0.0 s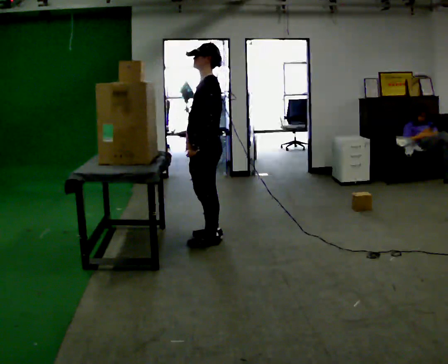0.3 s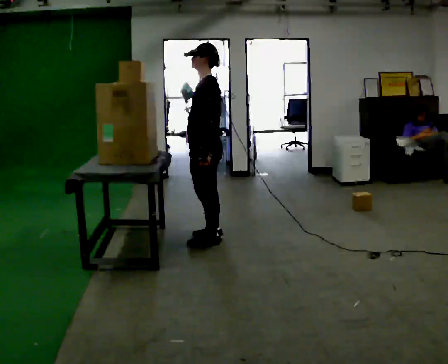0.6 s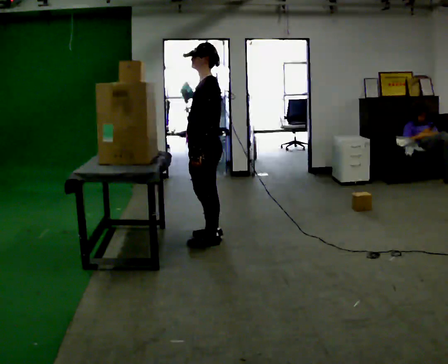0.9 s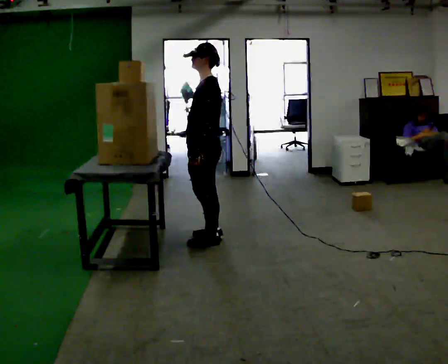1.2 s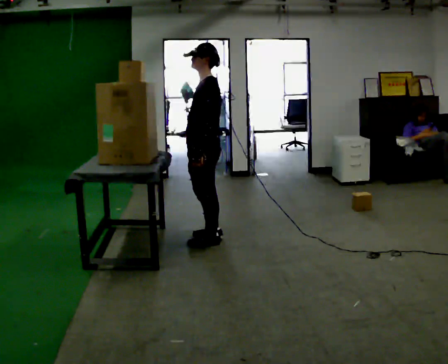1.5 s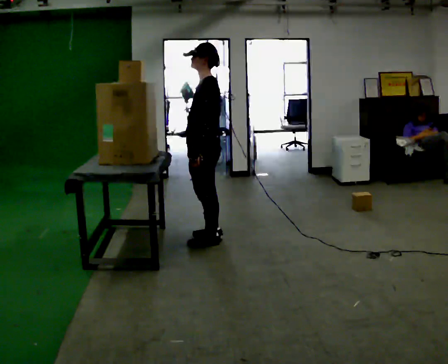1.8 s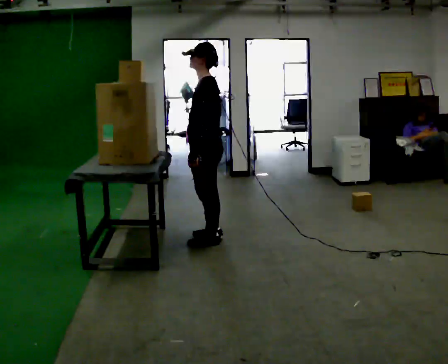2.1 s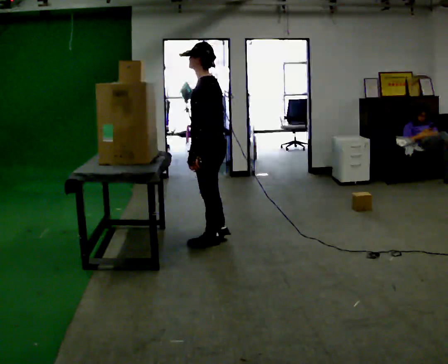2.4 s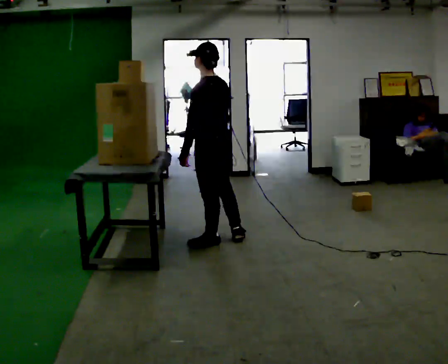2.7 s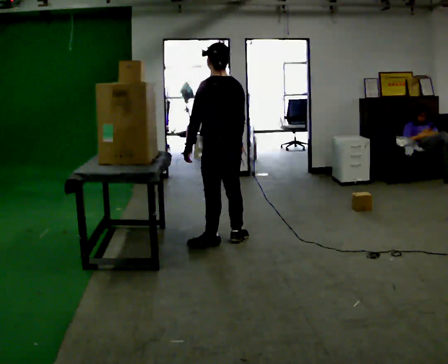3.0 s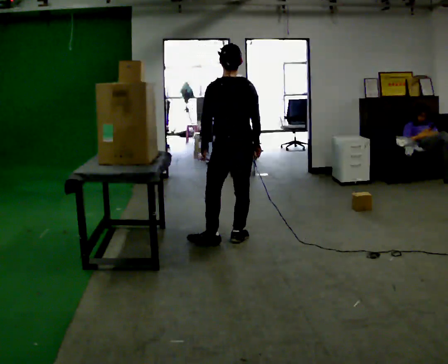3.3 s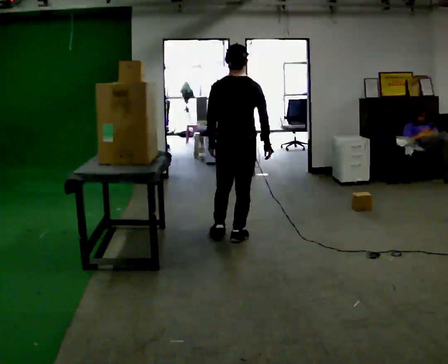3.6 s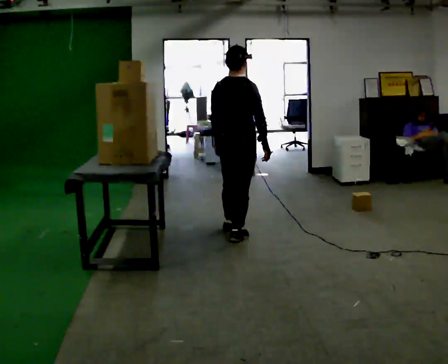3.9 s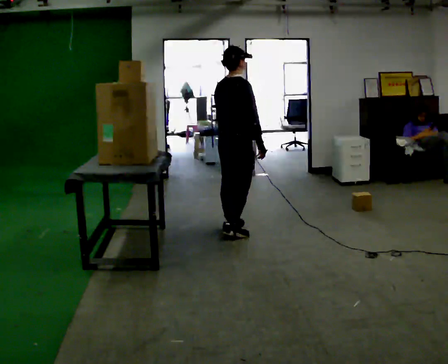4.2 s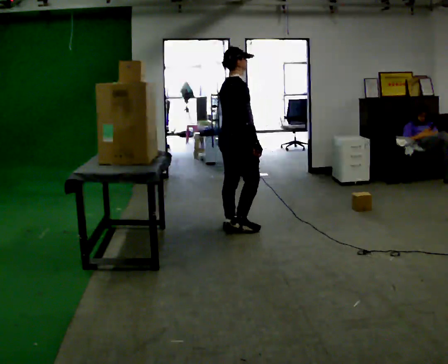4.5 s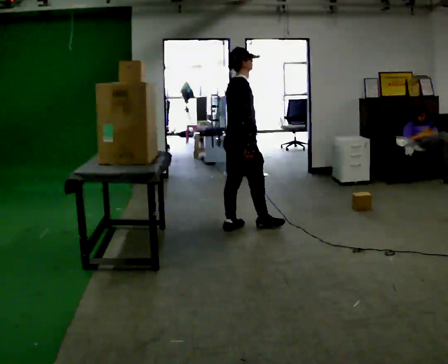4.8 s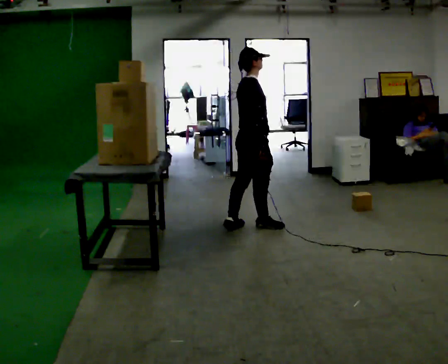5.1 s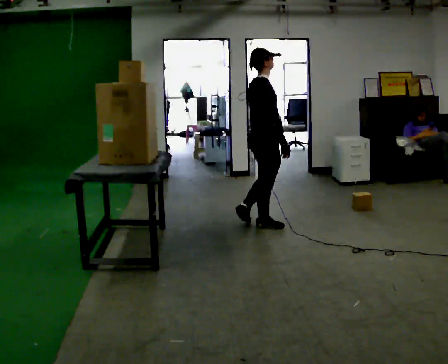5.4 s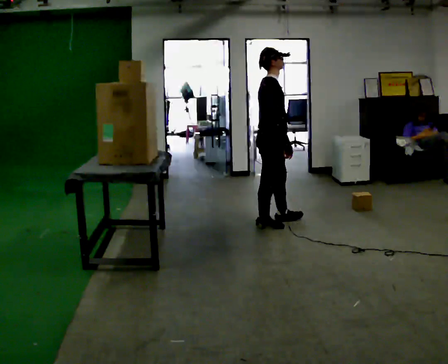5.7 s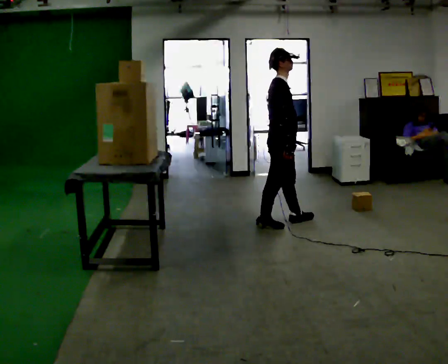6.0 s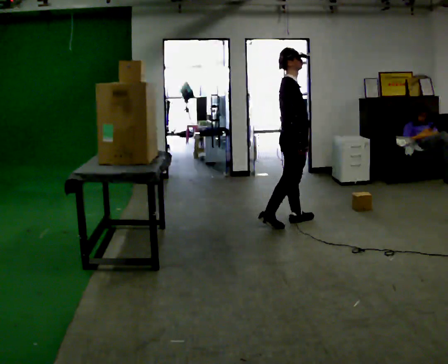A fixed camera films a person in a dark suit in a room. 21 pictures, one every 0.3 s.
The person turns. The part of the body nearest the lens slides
to the left.
The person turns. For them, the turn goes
to their right.
0.0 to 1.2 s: The person moves a little, or ends about where they began.
1.2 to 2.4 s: The person turns about 45 degrees to their right, clockwise seen from above, so the part of the body nearest the lens slides to the left.
2.4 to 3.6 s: Seen from above the body turns clockwise, about 90 degrees: to their right, with its near side sliding to the left. In the picture they go away from the camera and to the right, about 0.25 m in 1 step.
3.6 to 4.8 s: The part of the body nearest the lens slides to the left as the person turns to their right by about 45 degrees. In the picture they go away from the camera, about 0.25 m in 1 step, which for them is forward and to their left.
4.8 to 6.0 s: The person turns about 30 degrees to their right, clockwise seen from above, so the part of the body nearest the lens slides to the left. In the picture they go to the right, about 0.5 m in 1 step, which for them is forward.
The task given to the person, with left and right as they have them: Take an object from the lowest shelf, carry it across the room, and place it on the highest shelf you can comfortably reach. Keep going until the operator says stop; one object at a time, and do not rush between trips.
The film runs forward here.
